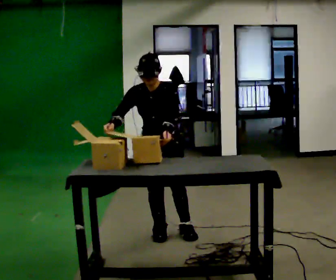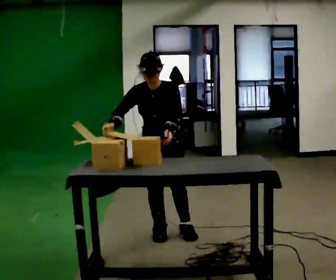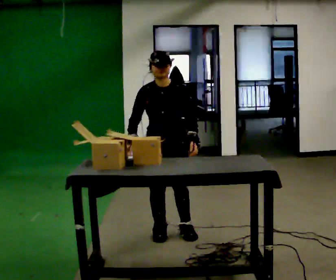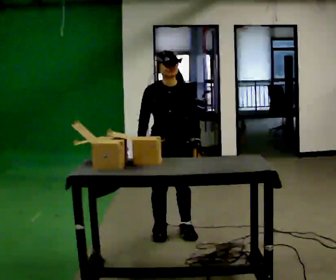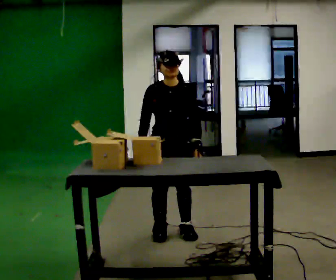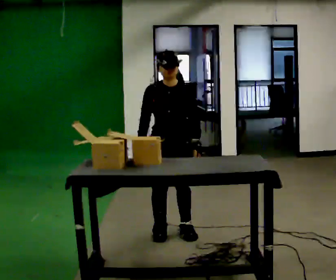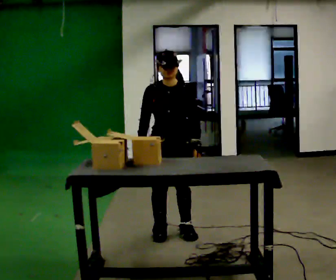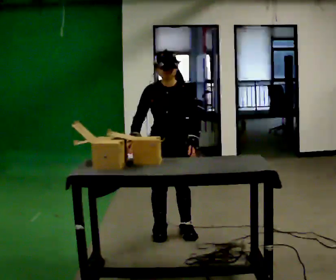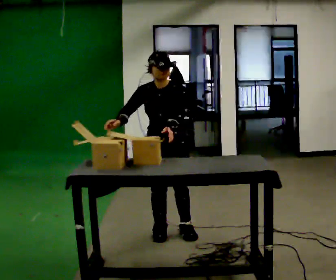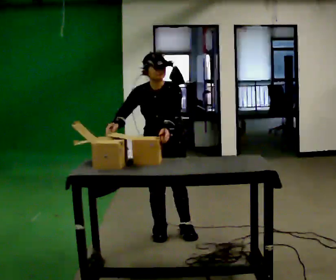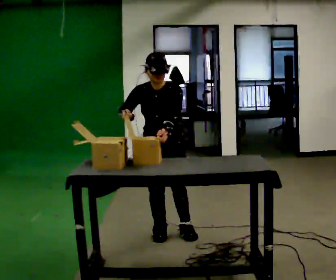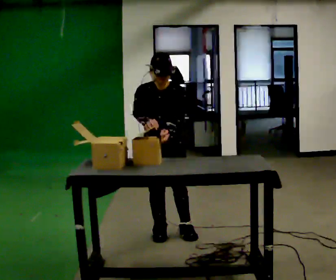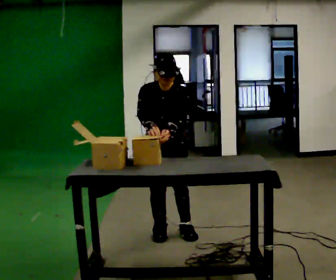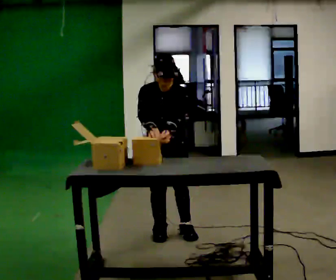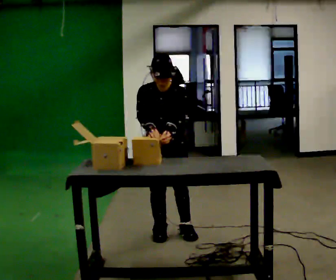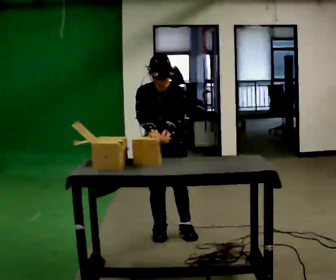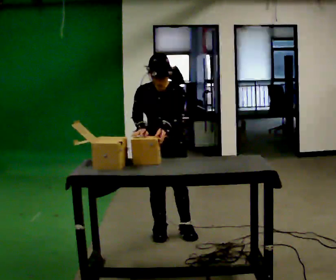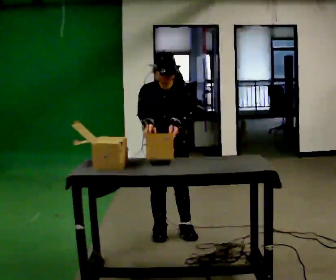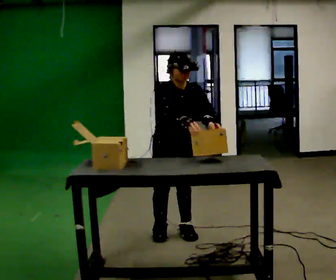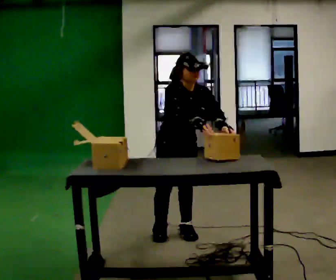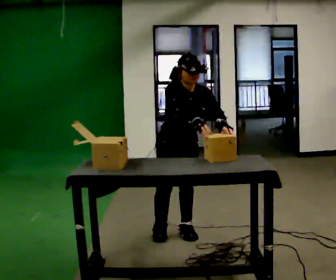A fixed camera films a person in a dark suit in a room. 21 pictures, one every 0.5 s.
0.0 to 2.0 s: The upper body tips away from the camera, its near side rolling upward, as they lean back or straighten.
2.0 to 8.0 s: The upper body tips toward the camera, its near side rolling downward, as they bend forward.
8.0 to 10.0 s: In the picture the upper body tilts clockwise, shoulders to the right. In the picture their left hand goes to the right.
The film runs forward here.
